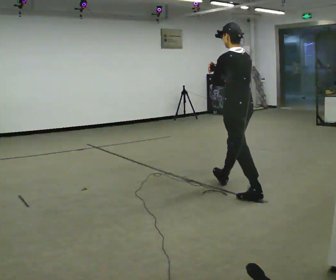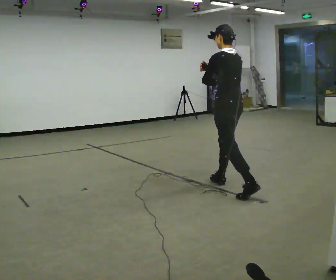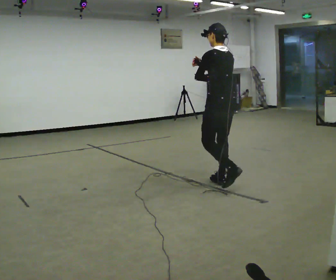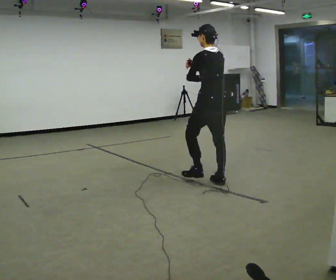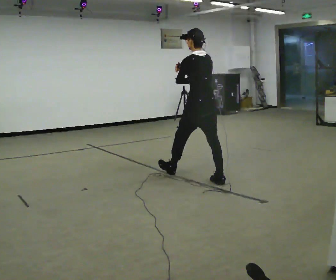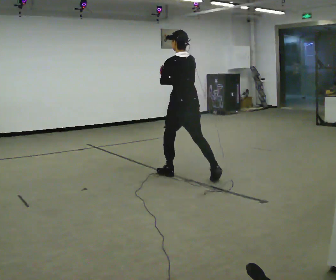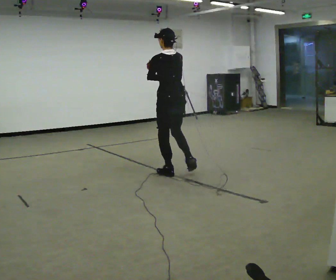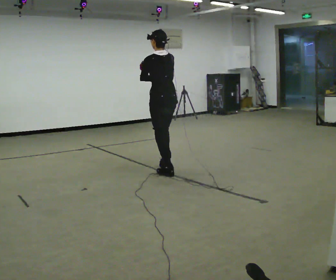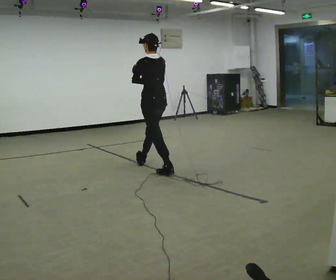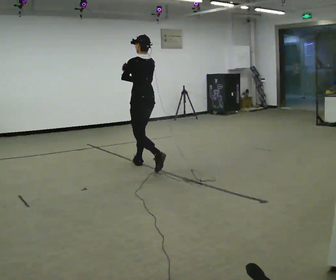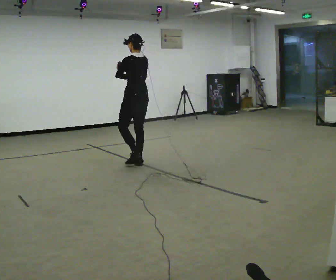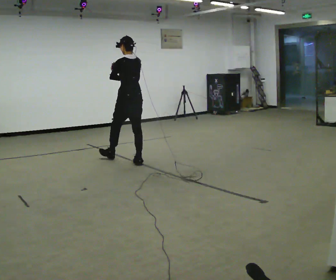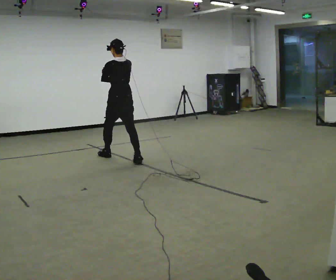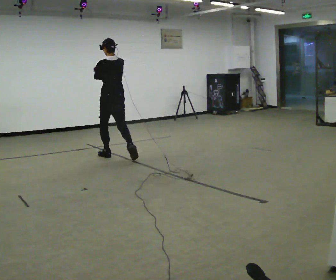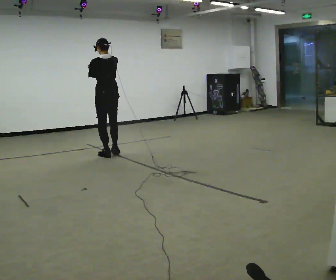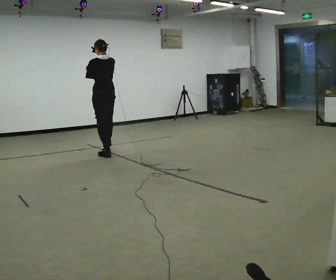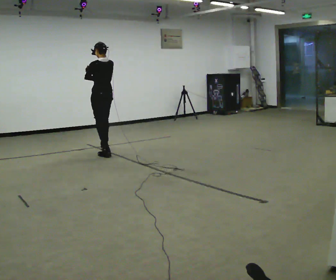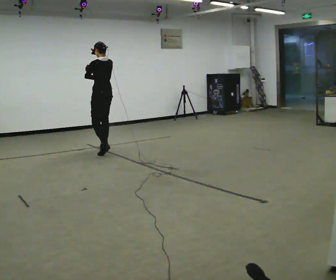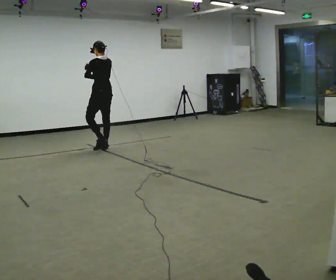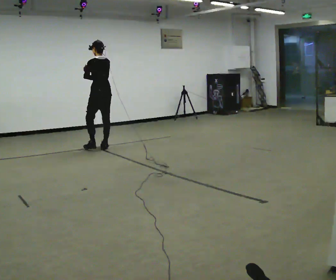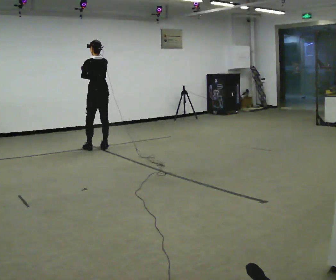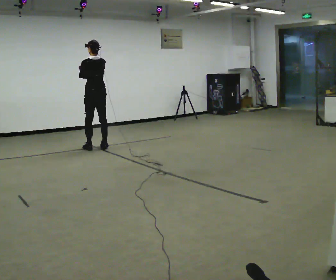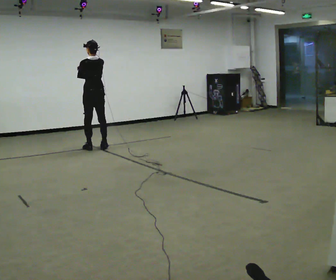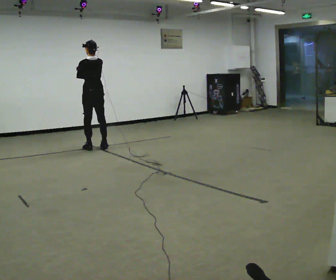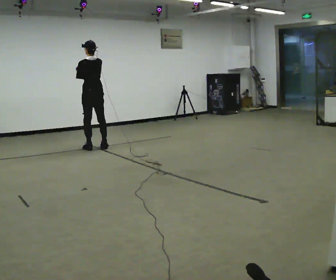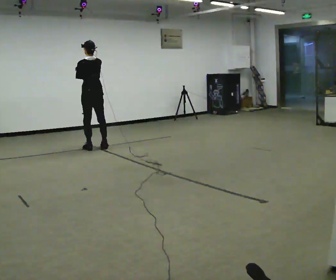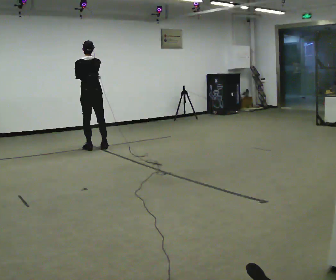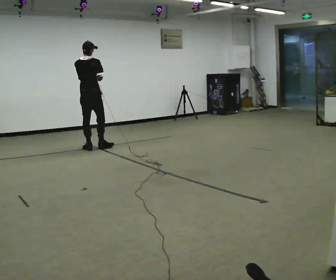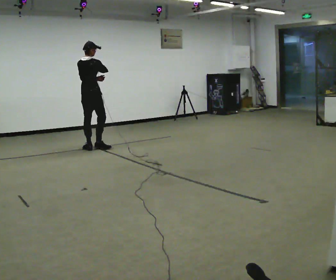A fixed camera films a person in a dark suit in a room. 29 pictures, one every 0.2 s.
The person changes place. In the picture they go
away from the camera.
0.0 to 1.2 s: In the picture they go away from the camera and to the left, about 1 m in 2 steps, which for them is forward.
1.2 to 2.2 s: In the picture they go away from the camera and to the left, about 1 m in 1 step, which for them is forward.
2.2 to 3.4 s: In the picture they go away from the camera and to the left, about 1 m in 2 steps, which for them is forward.
3.4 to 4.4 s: In the picture they go away from the camera and to the left, about 0.25 m in 1 step, which for them is forward.
4.4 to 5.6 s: The part of the body nearest the lens slides to the left as the person turns to their right by about 60 degrees.
The film runs forward here.
